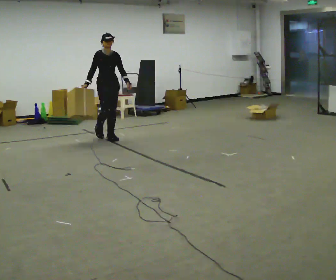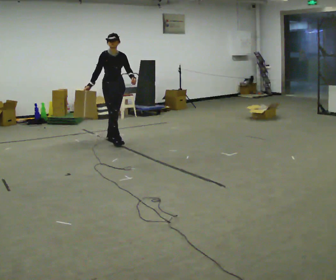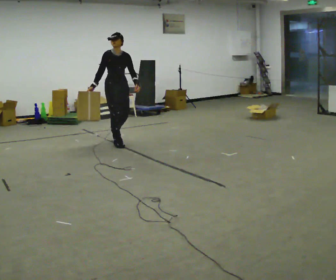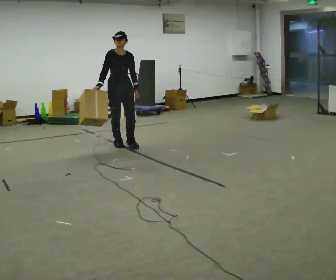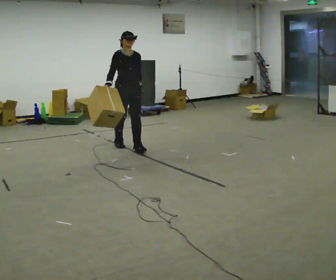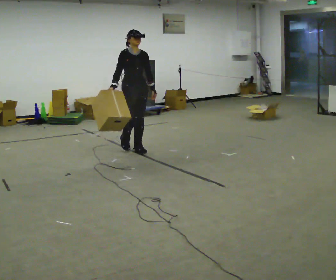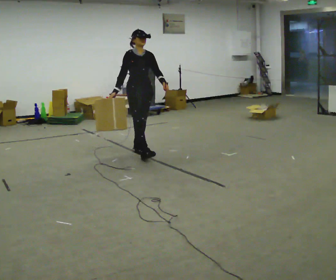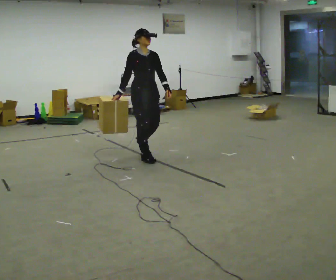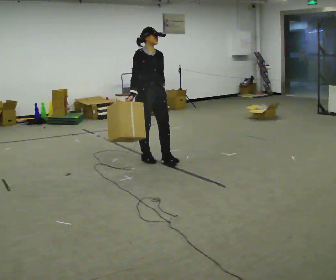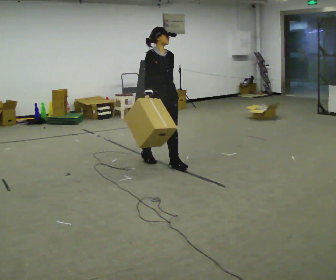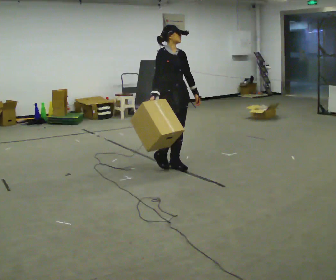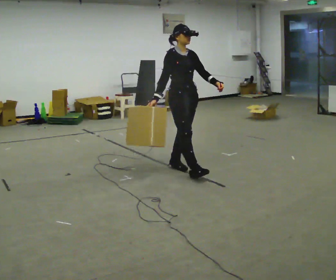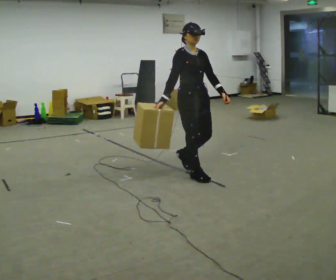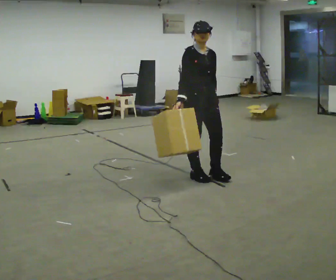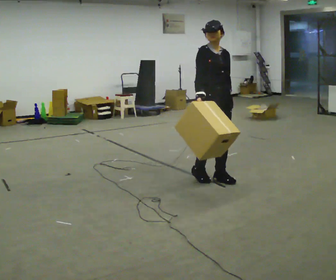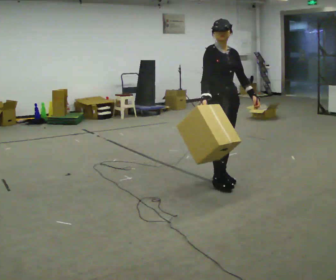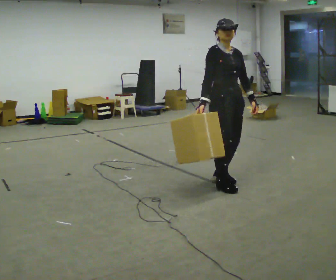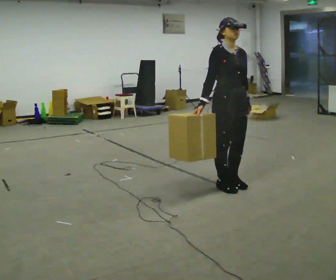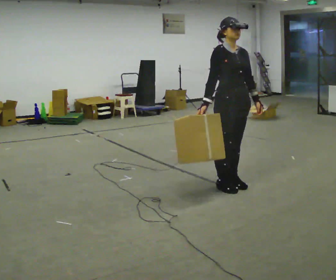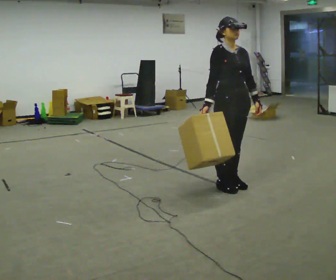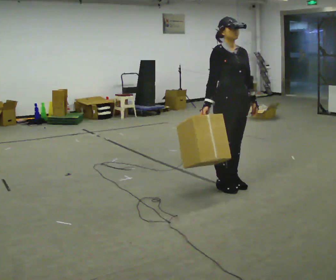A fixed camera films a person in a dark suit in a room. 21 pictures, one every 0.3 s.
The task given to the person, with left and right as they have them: Carry the box across the room while freely looking around at the walls, ceiling and floor. Keep going until the operator says stop; one object at a time, and do not rush between trips.
0.0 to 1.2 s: In the picture they go toward the camera and to the right, about 0.75 m in 2 steps, which for them is forward.
1.2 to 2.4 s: In the picture they go toward the camera and to the right, about 0.75 m in 1 step, which for them is forward.
2.4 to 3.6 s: In the picture they go to the right and toward the camera, about 0.5 m in 2 steps, which for them is forward.
3.6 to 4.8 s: In the picture they go to the right and toward the camera, about 0.5 m in 2 steps, which for them is forward.
4.8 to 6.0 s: The person moves a little, or ends about where they began.
The film runs forward here.
